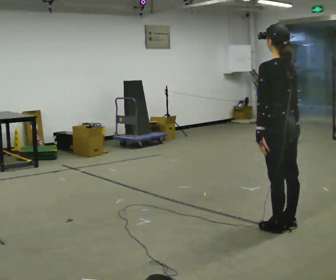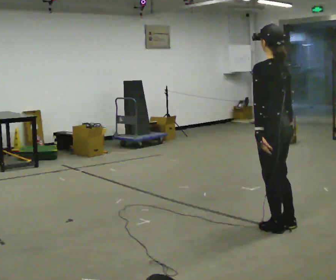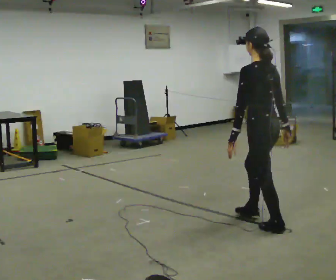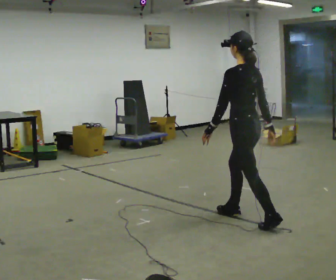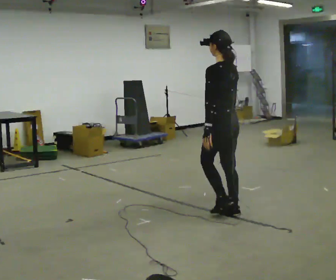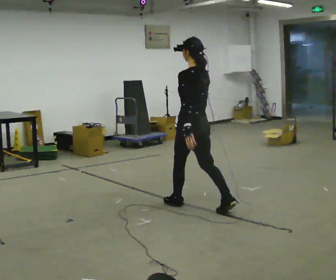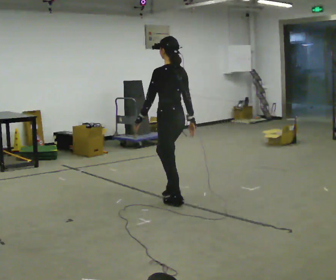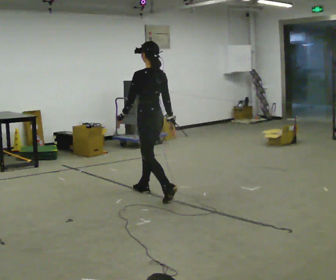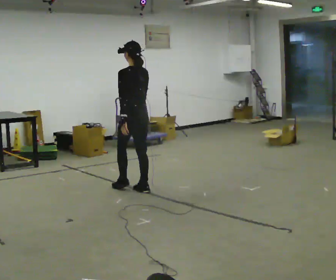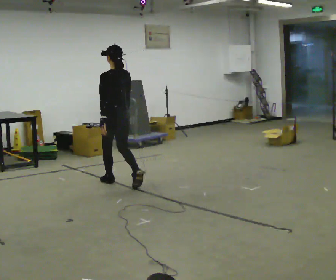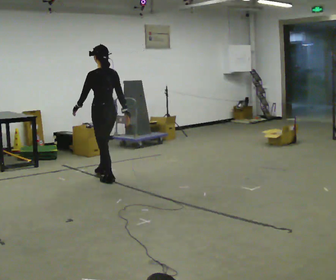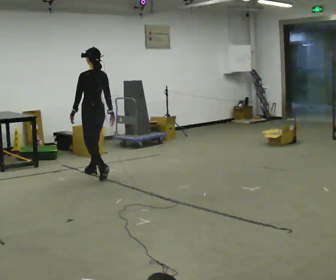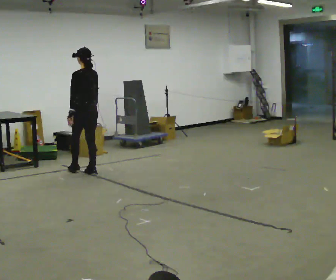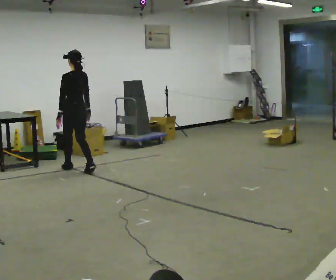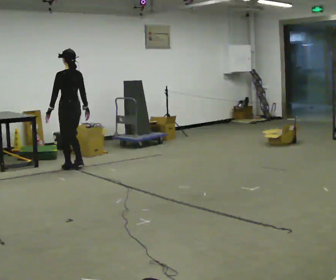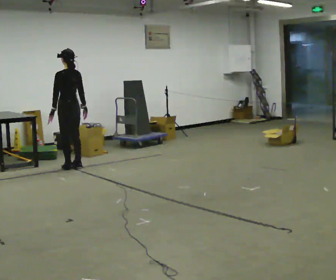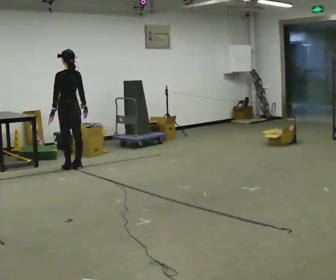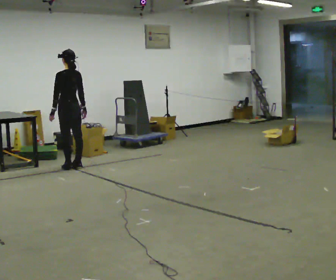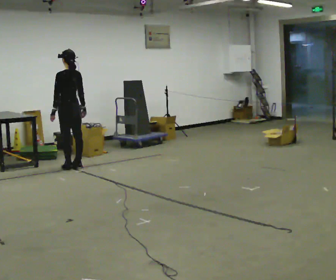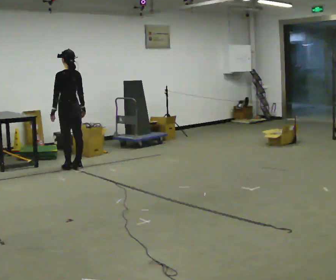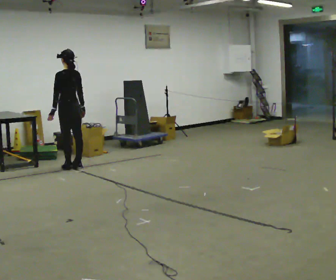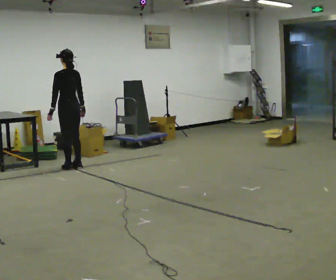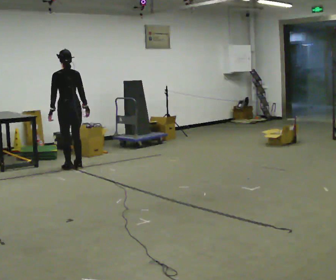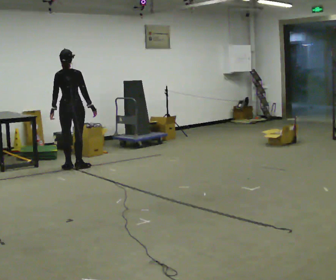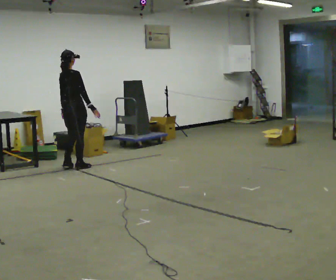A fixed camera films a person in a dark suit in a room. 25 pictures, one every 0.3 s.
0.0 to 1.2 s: In the picture they go away from the camera and to the left, about 0.75 m in 1 step, which for them is forward.
1.2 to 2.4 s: In the picture they go away from the camera and to the left, about 1.5 m in 2 steps, which for them is forward.
2.4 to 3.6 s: In the picture they go away from the camera and to the left, about 1 m in 2 steps, which for them is forward.
3.6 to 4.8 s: In the picture they go away from the camera and to the left, about 0.5 m in 2 steps, which for them is forward.
4.8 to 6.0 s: The person keeps their place and pose.
6.0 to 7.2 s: The person turns about 105 degrees to their right, clockwise seen from above, so the part of the body nearest the lens slides to the left.
The film runs forward here.
